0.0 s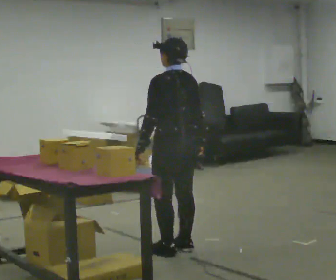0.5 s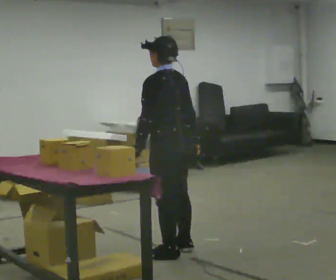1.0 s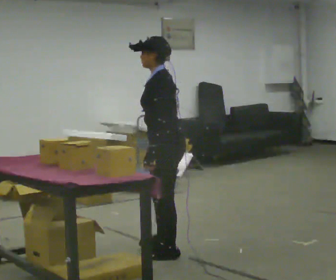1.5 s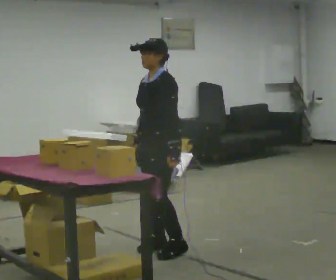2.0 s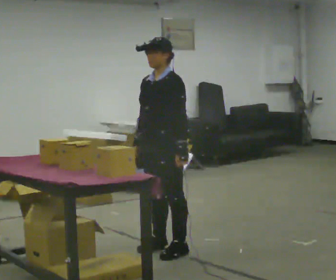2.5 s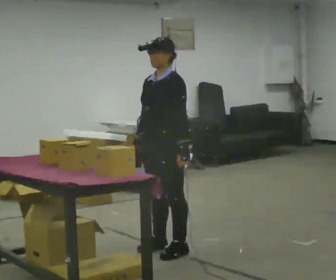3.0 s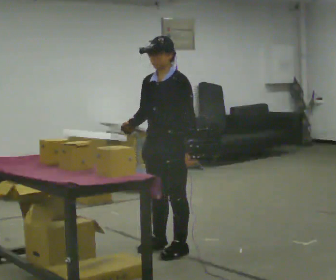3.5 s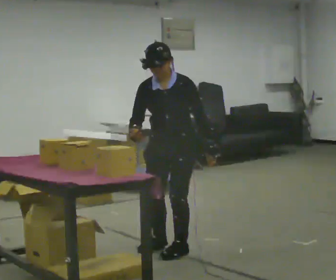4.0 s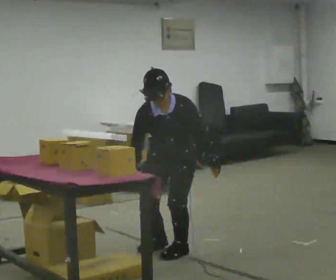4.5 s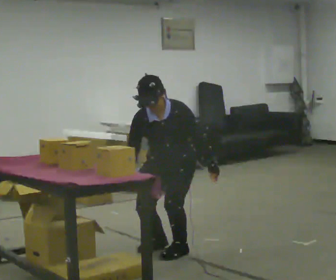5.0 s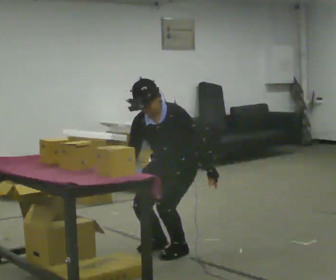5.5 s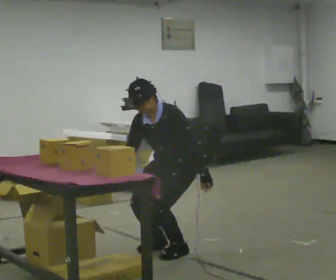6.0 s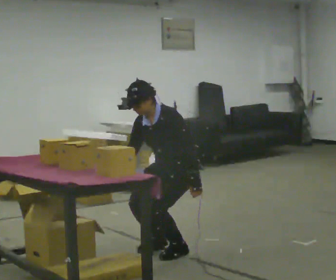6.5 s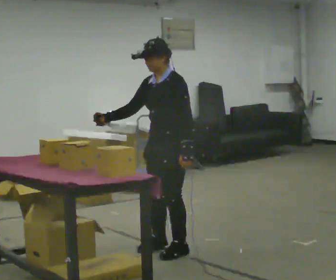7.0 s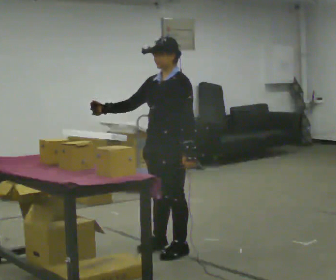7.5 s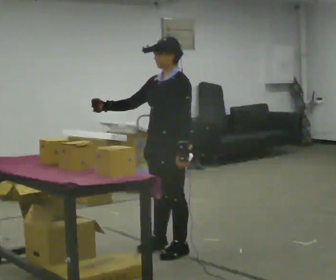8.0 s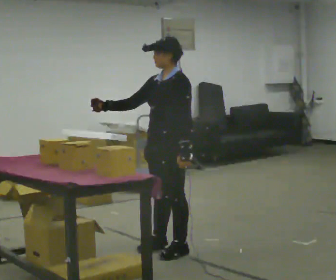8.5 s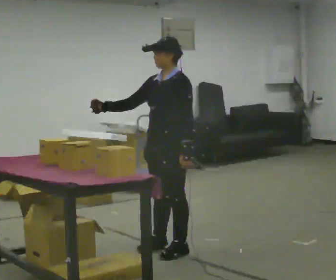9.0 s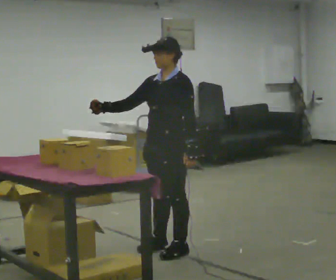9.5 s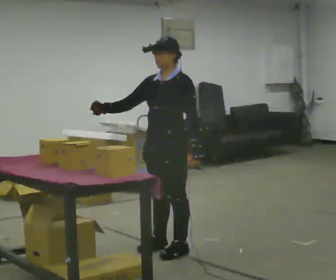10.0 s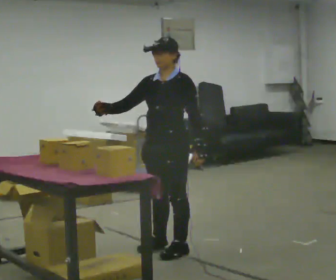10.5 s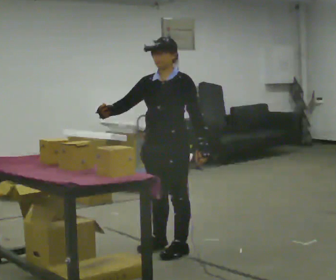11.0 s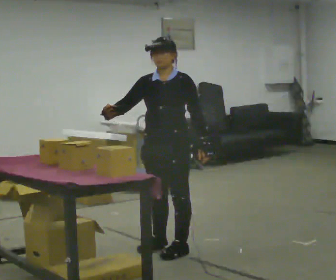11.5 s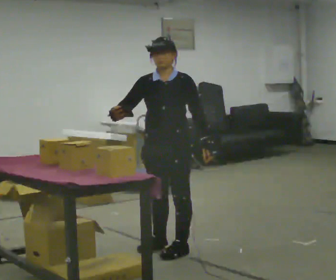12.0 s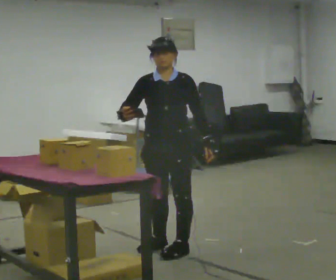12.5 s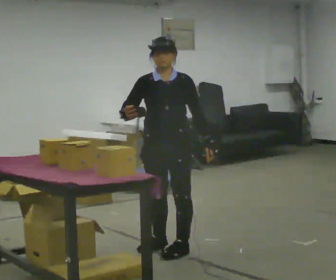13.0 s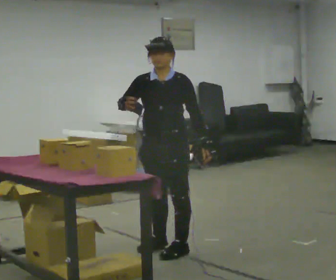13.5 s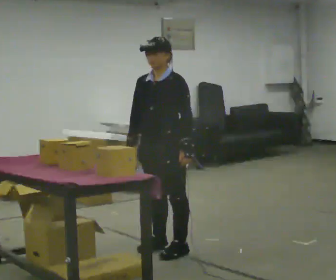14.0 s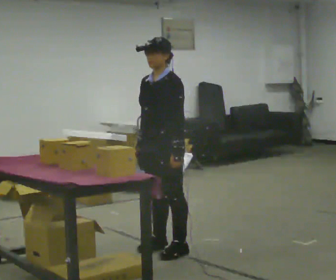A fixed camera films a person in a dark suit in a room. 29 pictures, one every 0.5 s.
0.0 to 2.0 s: The person turns about 90 degrees to their left, counterclockwise seen from above, so the part of the body nearest the lens slides to the right. In the picture their right hand goes to the left, the arm swinging clockwise.
2.0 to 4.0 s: The person turns about 45 degrees to their left, counterclockwise seen from above, so the part of the body nearest the lens slides to the right. The shoulders move downward. The upper body tips toward the camera, its near side rolling downward, as they bend forward.
4.0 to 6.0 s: The part of the body nearest the lens slides to the left as the person turns to their right by about 45 degrees. In the picture the upper body tilts counterclockwise, shoulders to the left.
6.0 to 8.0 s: The upper body goes upward. In the picture the upper body tilts clockwise, shoulders to the right, as they lean back or straighten. In the picture their right hand goes upward.
8.0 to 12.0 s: Seen from above the body turns counterclockwise, about 45 degrees: to their left, with its near side sliding to the right.
12.0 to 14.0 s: The person turns about 30 degrees to their right, clockwise seen from above, so the part of the body nearest the lens slides to the left.
The film runs backward here.
